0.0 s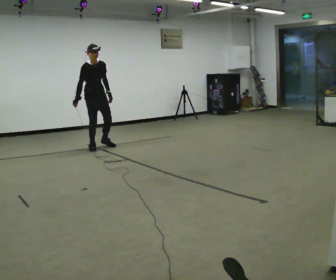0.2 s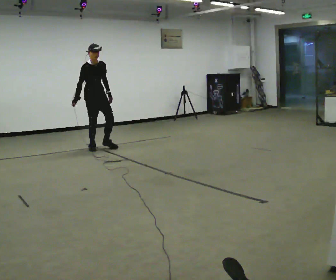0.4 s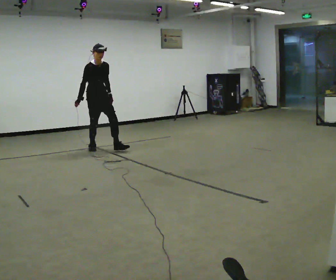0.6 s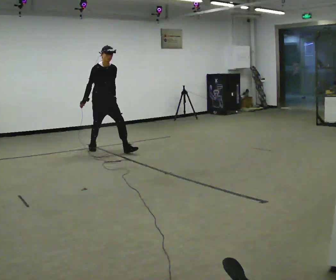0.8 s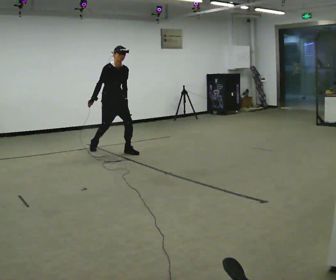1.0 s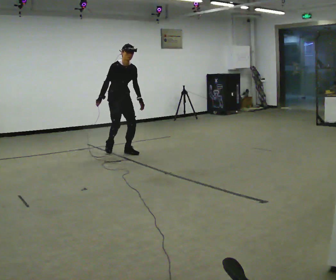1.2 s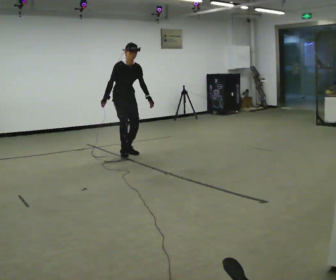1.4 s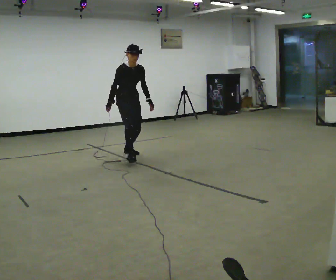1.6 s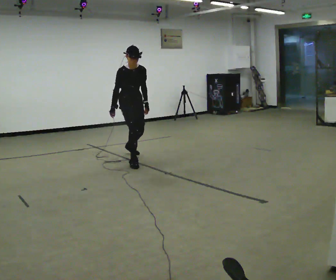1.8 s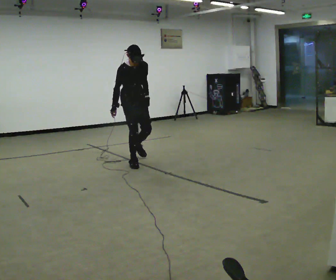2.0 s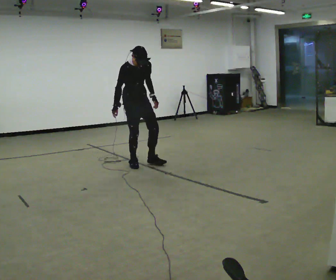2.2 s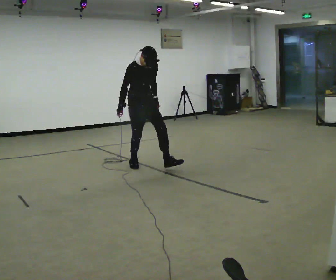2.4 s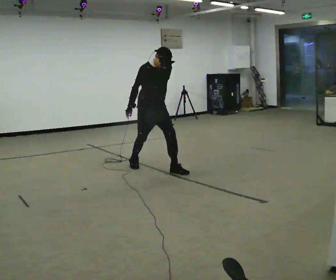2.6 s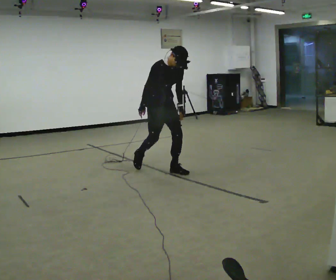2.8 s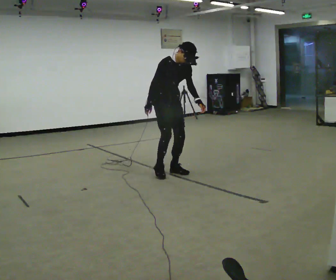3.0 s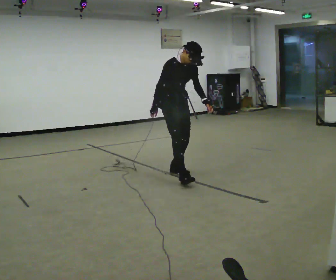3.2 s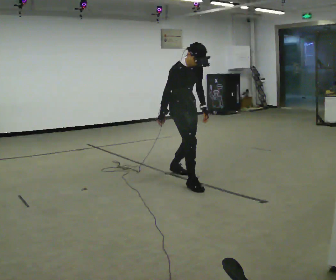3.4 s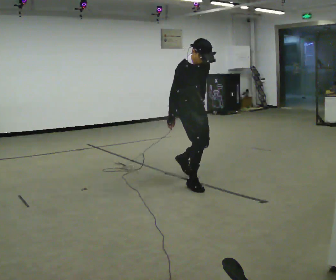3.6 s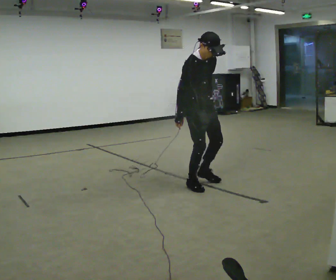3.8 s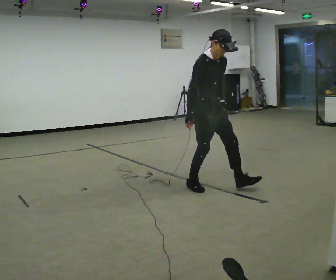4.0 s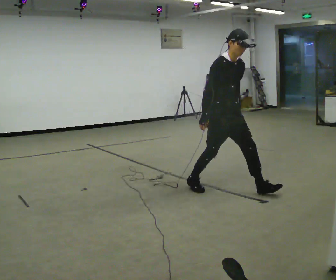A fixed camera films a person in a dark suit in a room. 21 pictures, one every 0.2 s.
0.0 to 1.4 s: In the picture they go toward the camera and to the right, about 1 m in 1 step, which for them is forward.
1.4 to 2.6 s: In the picture they go toward the camera and to the right, about 1 m in 2 steps, which for them is forward.
2.6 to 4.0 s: In the picture they go toward the camera and to the right, about 1 m in 1 step, which for them is forward.
The film runs forward here.
